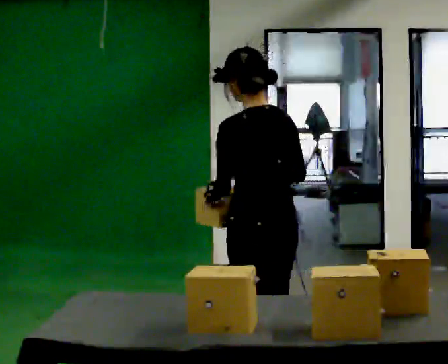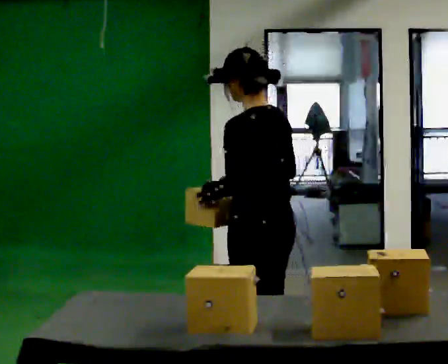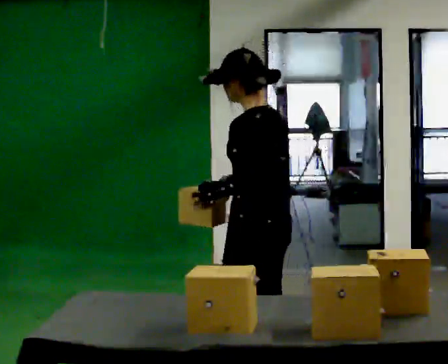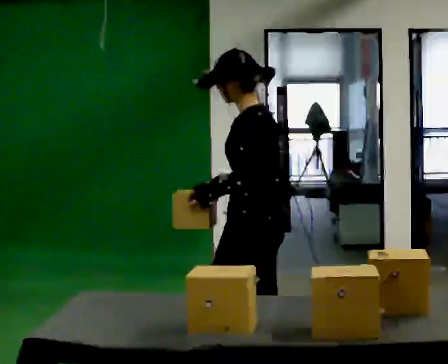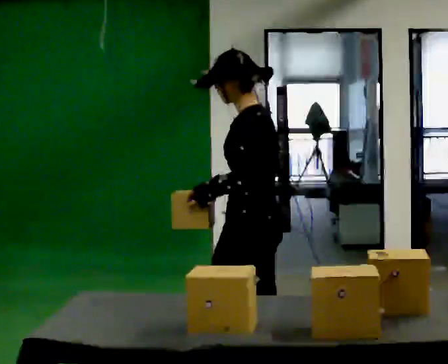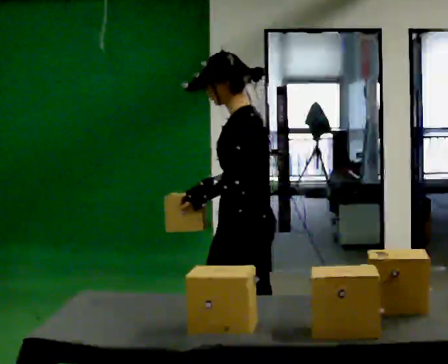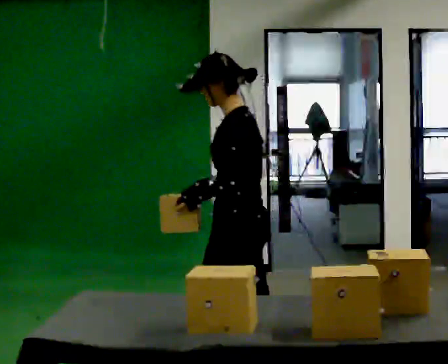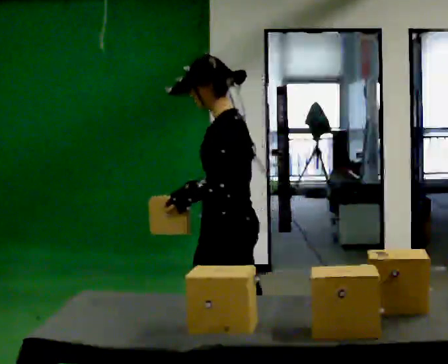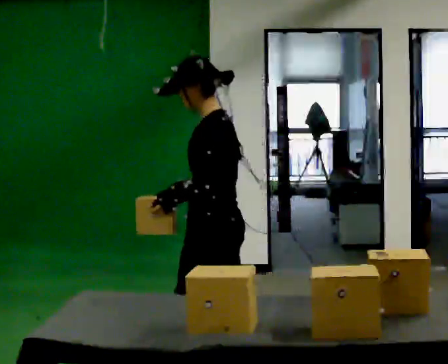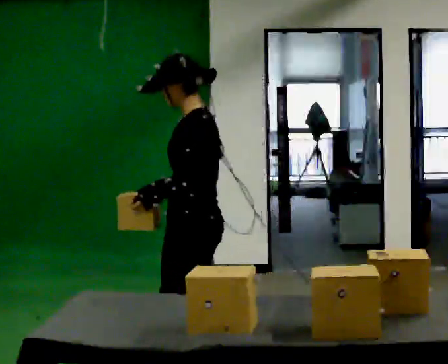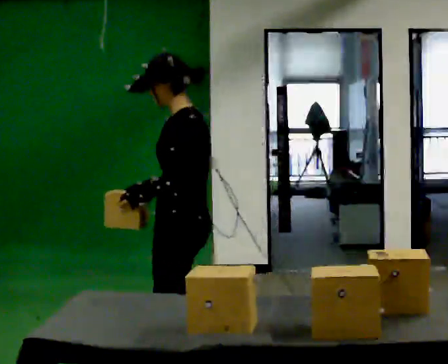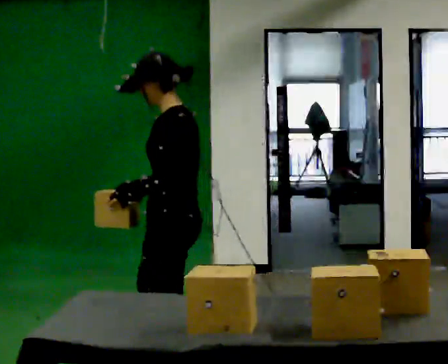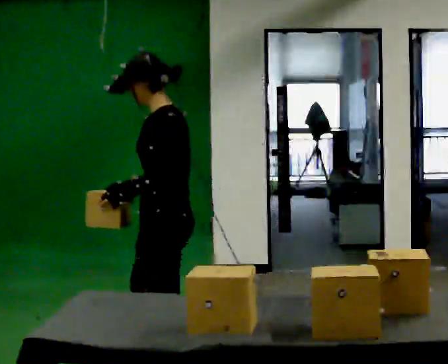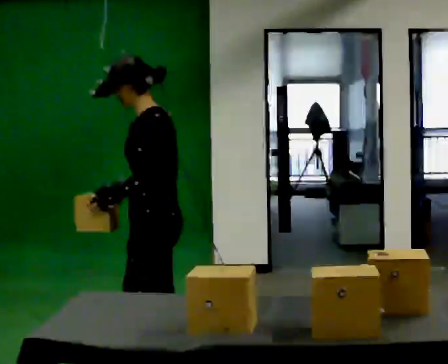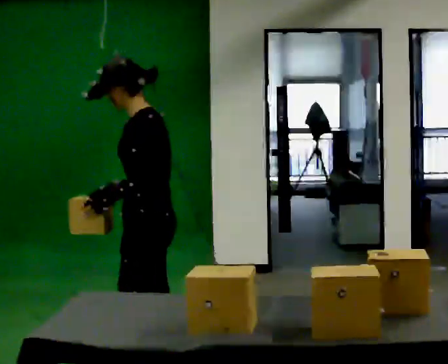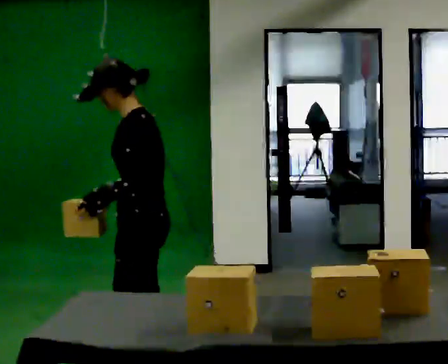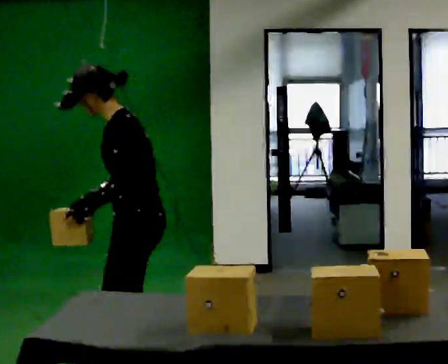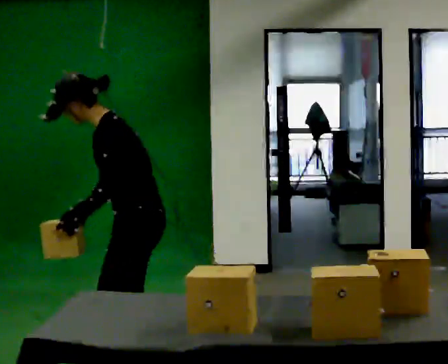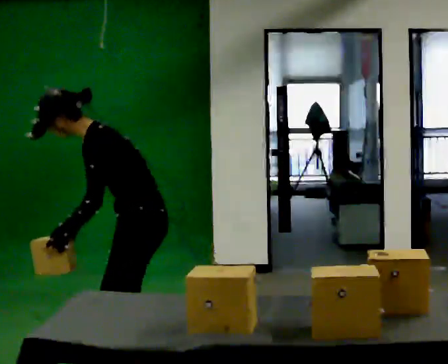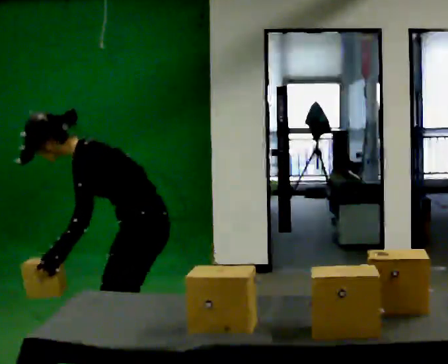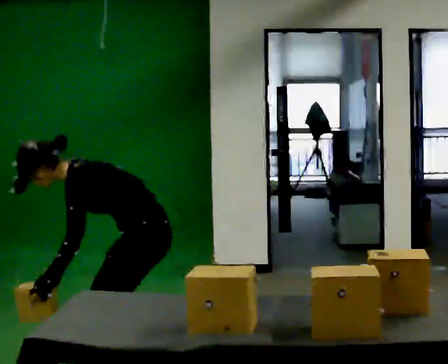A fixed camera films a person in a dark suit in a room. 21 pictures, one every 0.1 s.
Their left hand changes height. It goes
downward.
The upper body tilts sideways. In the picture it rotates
counterclockwise.
0.0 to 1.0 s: The person turns about 45 degrees to their left, counterclockwise seen from above, so the part of the body nearest the lens slides to the right. In the picture they go to the left and away from the camera, about 0.5 m in 1 step, which for them is forward and to their right.
1.0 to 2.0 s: In the picture they go to the left, about 0.25 m in 2 steps, which for them is forward. The upper body goes downward. In the picture the upper body tilts counterclockwise, shoulders to the left, as they bend forward. In the picture their left hand goes to the left and downward.
The film runs forward here.
